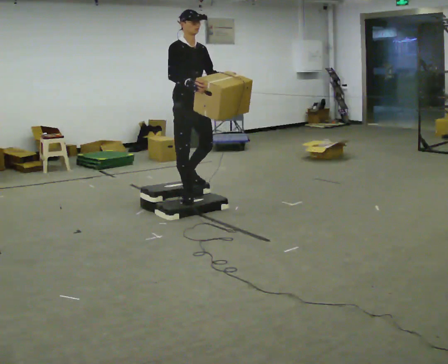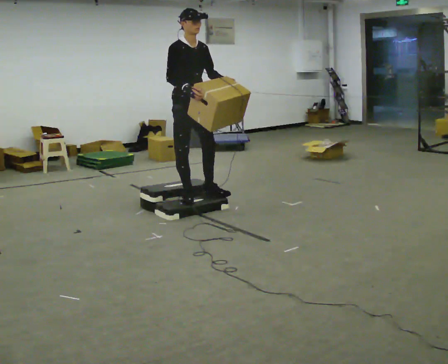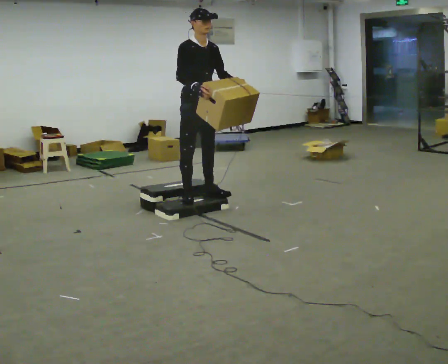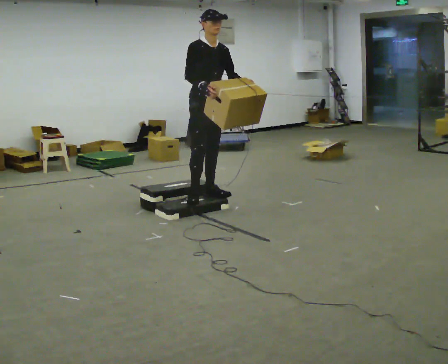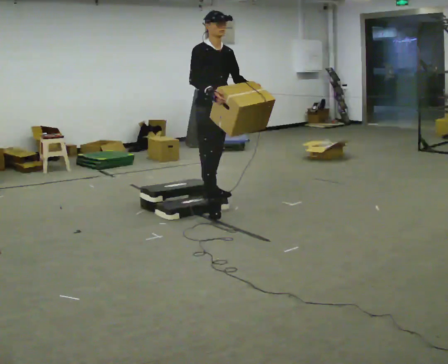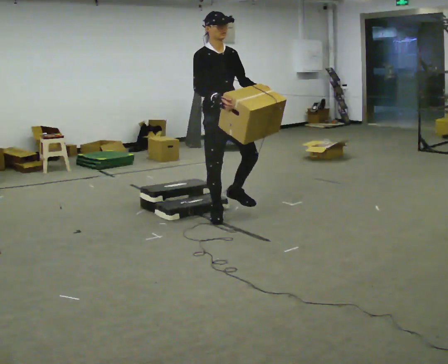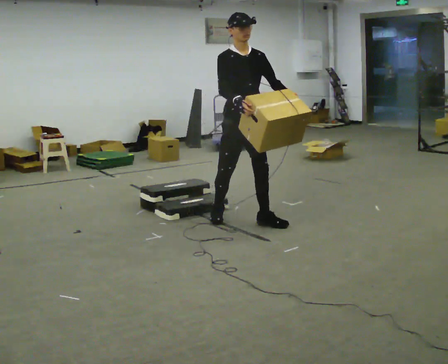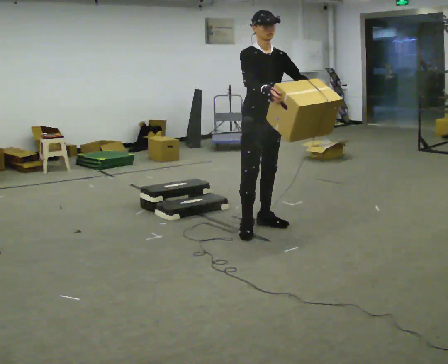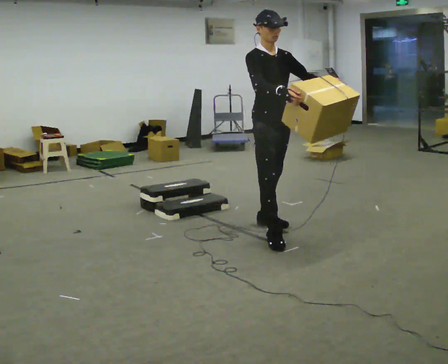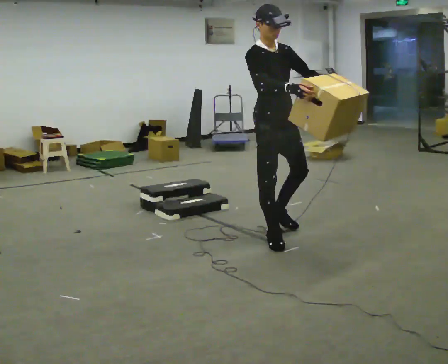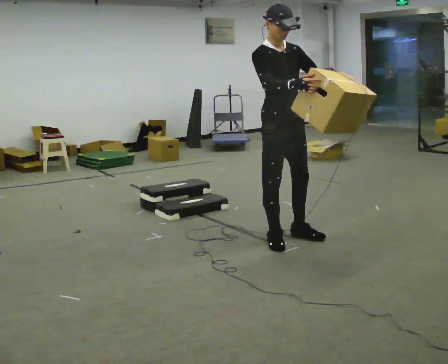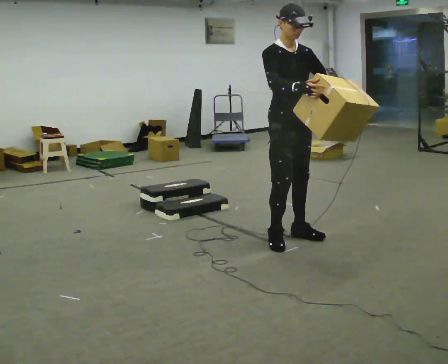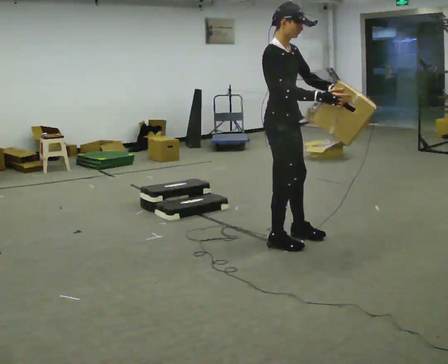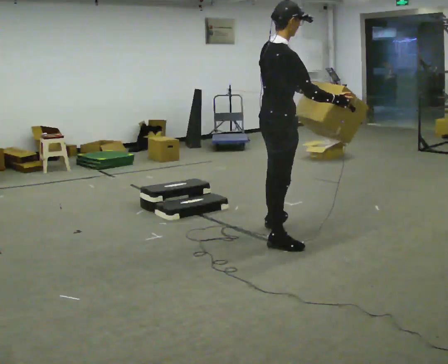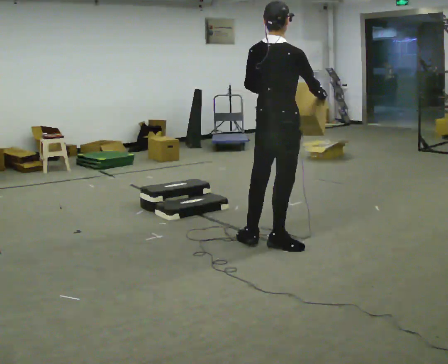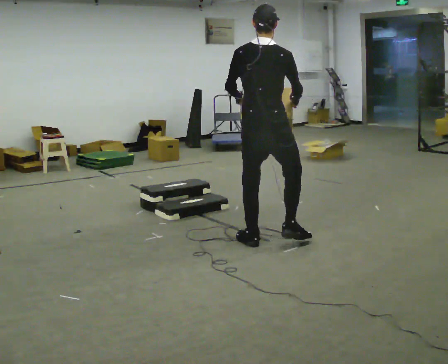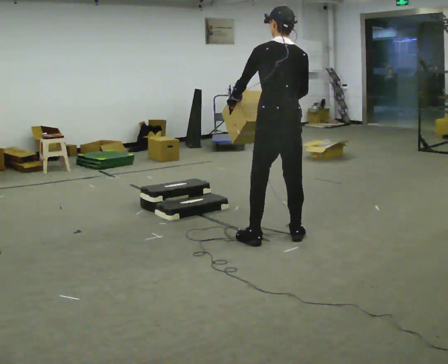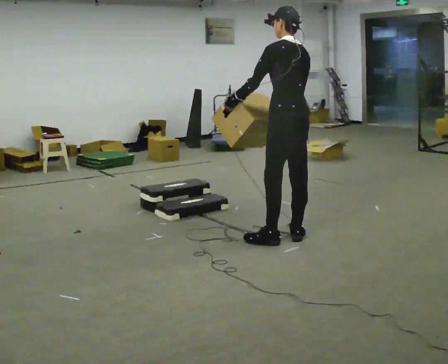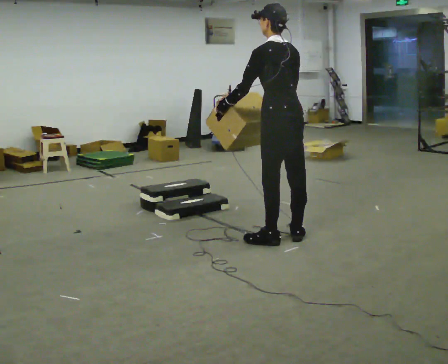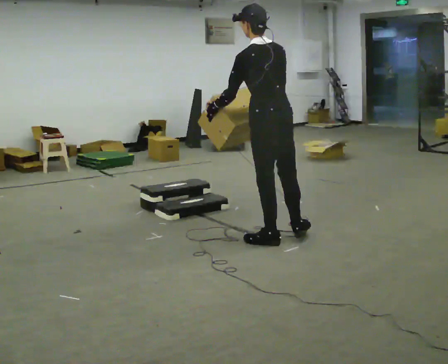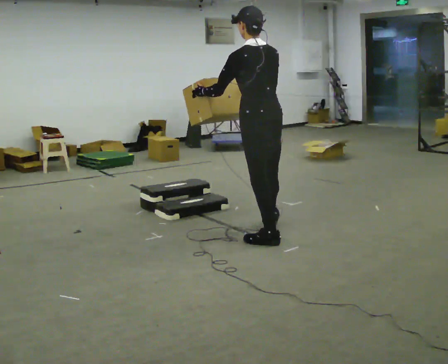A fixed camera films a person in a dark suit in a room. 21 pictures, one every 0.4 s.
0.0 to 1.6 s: In the picture they go to the right and toward the camera, about 0.25 m in 1 step, which for them is forward.
1.6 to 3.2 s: In the picture they go to the right and toward the camera, about 1 m in 3 steps, which for them is forward.
3.2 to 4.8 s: The part of the body nearest the lens slides to the right as the person turns to their left by about 30 degrees. In the picture they go toward the camera, about 0.25 m in 1 step, which for them is forward and to their right.
4.8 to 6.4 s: The part of the body nearest the lens slides to the right as the person turns to their left by about 135 degrees. The upper body tips away from the camera, its near side rolling upward. In the picture their left hand goes to the left.
6.4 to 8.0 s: In the picture they go to the left, about 0.25 m, which for them is forward. In the picture their right hand goes to the left.
The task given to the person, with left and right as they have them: Carry the box up the three steps, turn at the top, and carry it back down. Use the handrail only if you need it. Keep going until the operator says stop; one object at a time, and do not rush between trips.
The film runs forward here.
